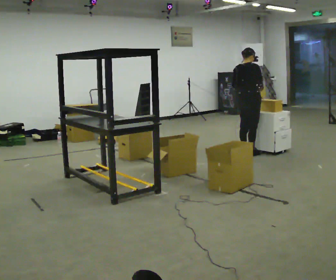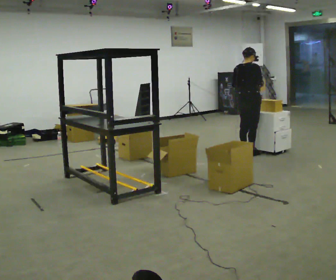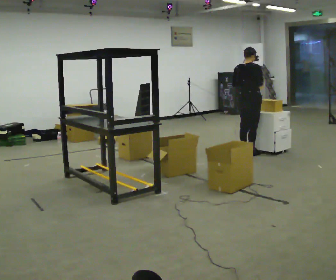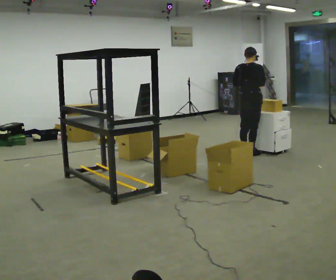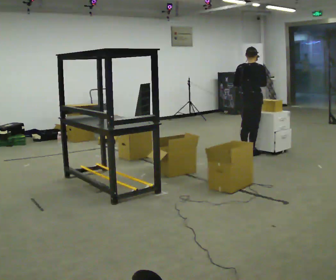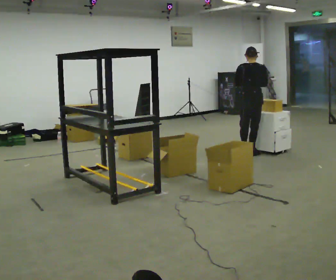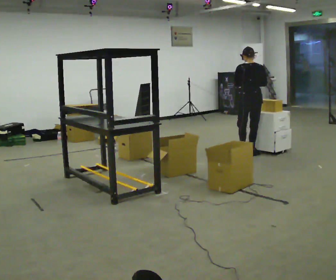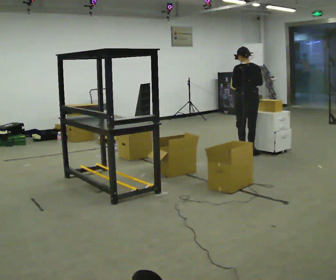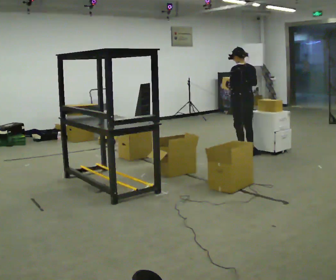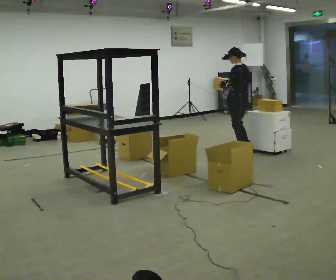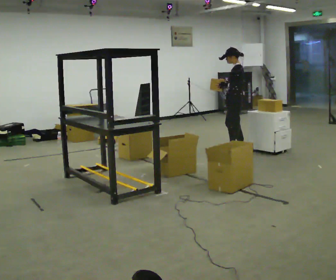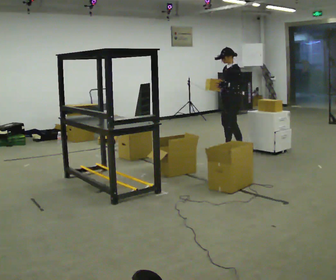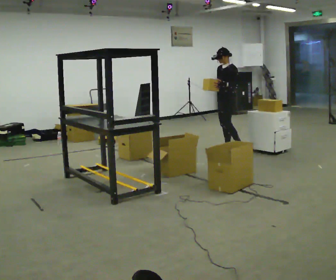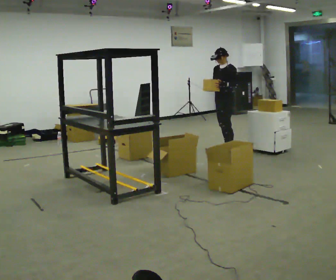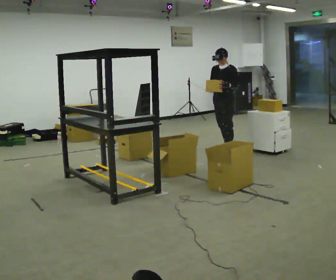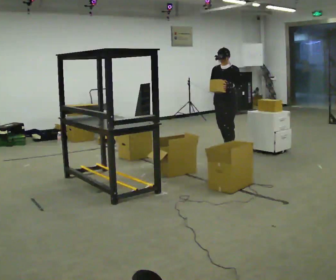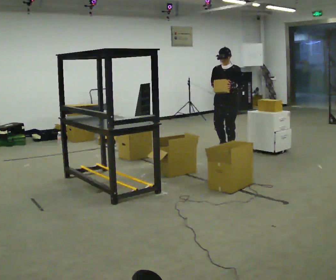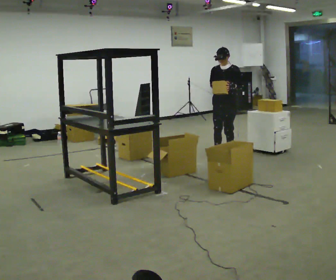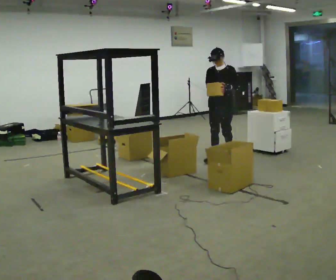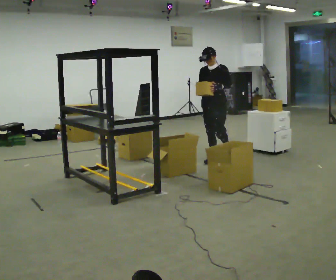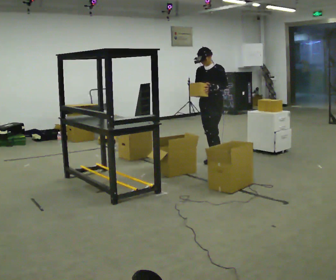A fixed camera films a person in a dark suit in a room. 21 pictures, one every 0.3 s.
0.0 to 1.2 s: The person moves a little, or ends about where they began.
1.2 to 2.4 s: Seen from above the body turns counterclockwise, about 45 degrees: to their left, with its near side sliding to the right.
2.4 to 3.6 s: The person turns about 90 degrees to their left, counterclockwise seen from above, so the part of the body nearest the lens slides to the right. In the picture they go away from the camera and to the left, about 0.25 m in 1 step.
3.6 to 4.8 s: Seen from above the body turns counterclockwise, about 45 degrees: to their left, with its near side sliding to the right. In the picture they go toward the camera, about 0.25 m in 1 step, which for them is forward and to their left.
4.8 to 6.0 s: In the picture they go toward the camera and to the left, about 0.5 m in 1 step, which for them is forward.
The film runs forward here.
